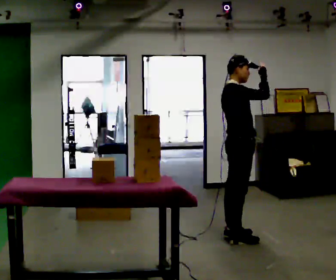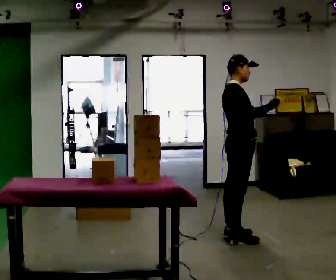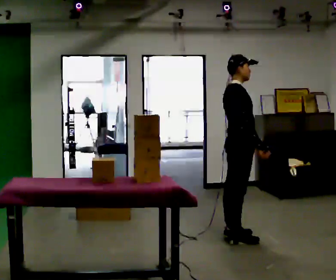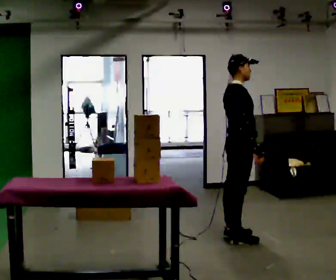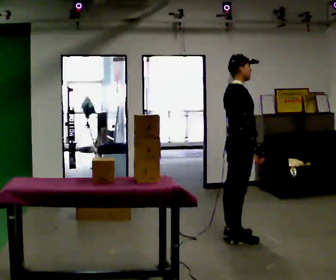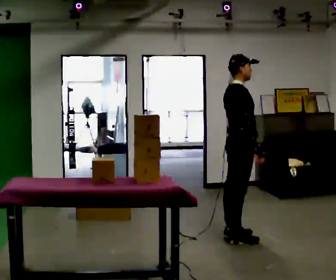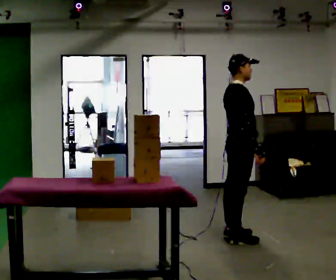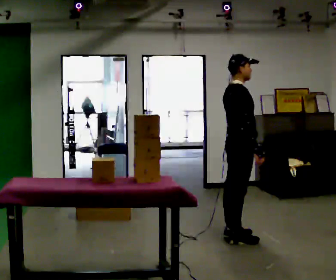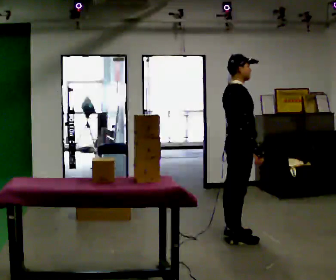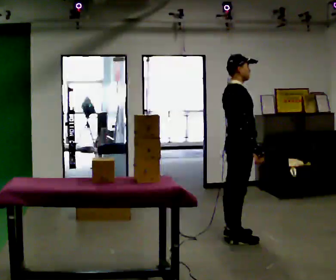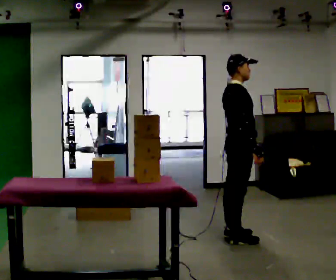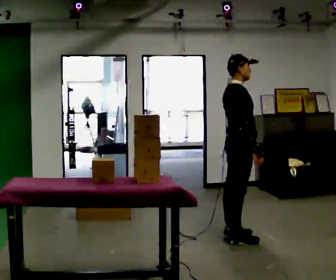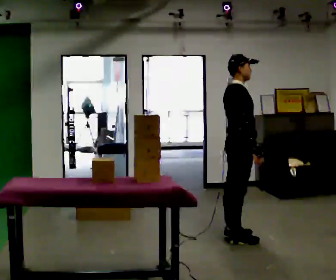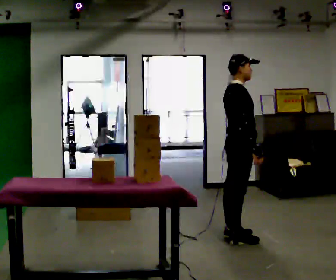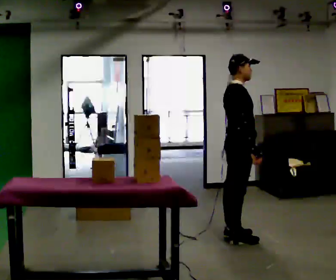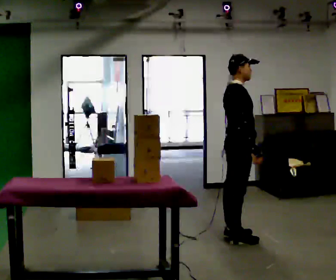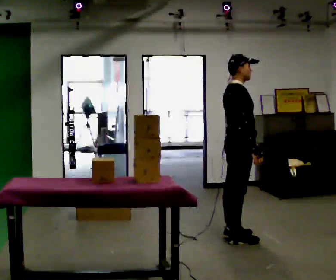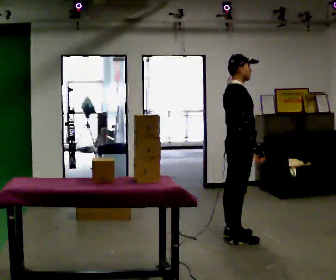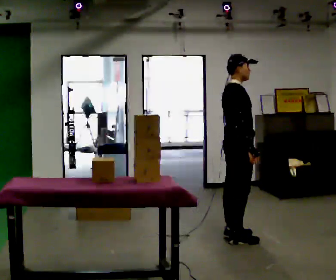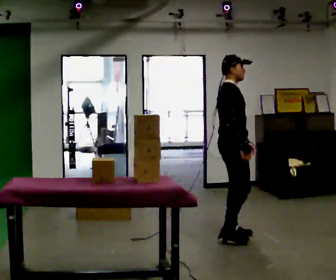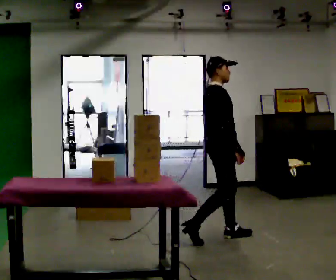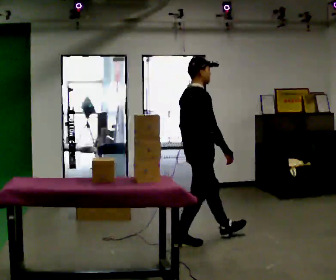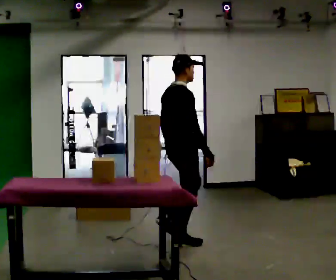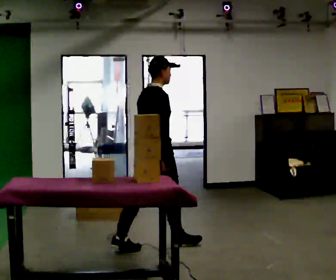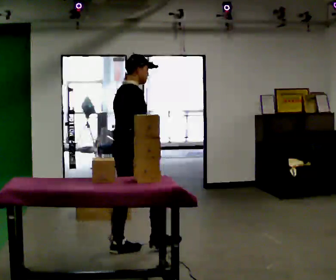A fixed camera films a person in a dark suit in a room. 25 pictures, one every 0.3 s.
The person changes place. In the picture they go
to the left.
Their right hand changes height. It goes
downward.
0.0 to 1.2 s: In the picture their right hand goes downward, the arm swinging clockwise.
1.2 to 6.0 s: In the picture they go to the left, about 0.25 m in 1 step, which for them is backward.
6.0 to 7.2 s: The part of the body nearest the lens slides to the right as the person turns to their left by about 30 degrees. In the picture they go to the left and toward the camera, about 1 m in 2 steps, which for them is backward.
The film runs backward here.
